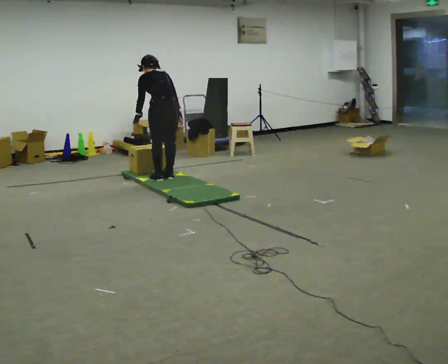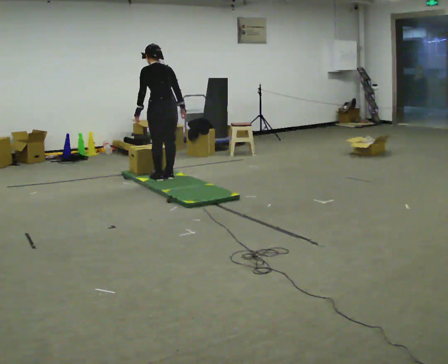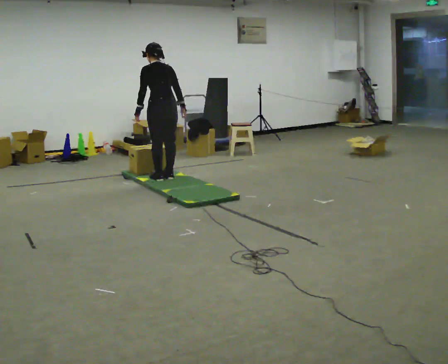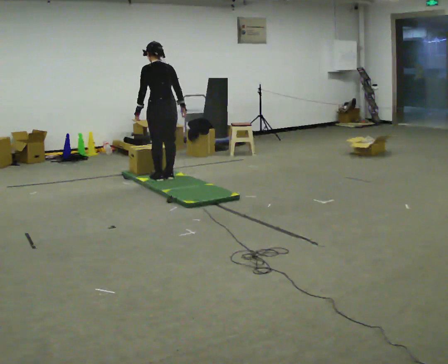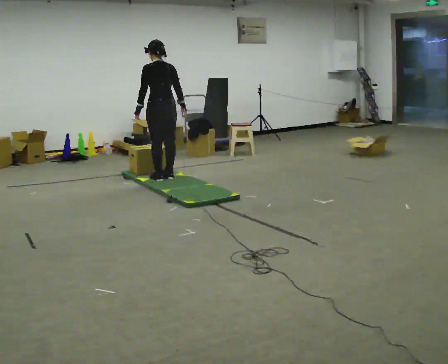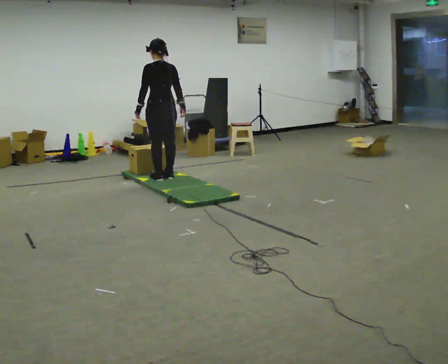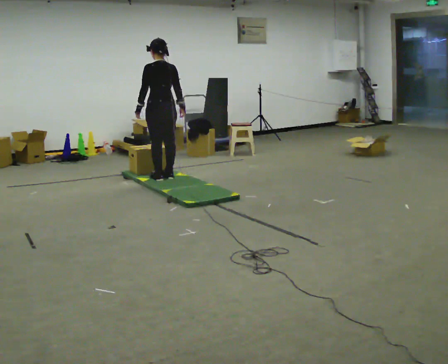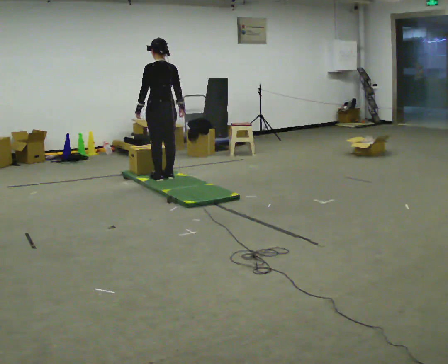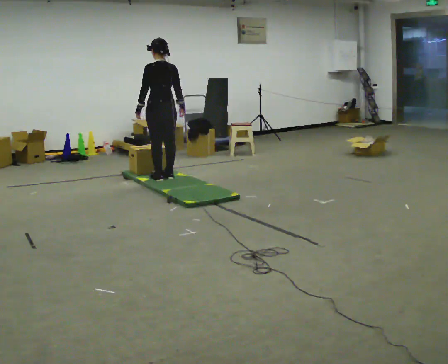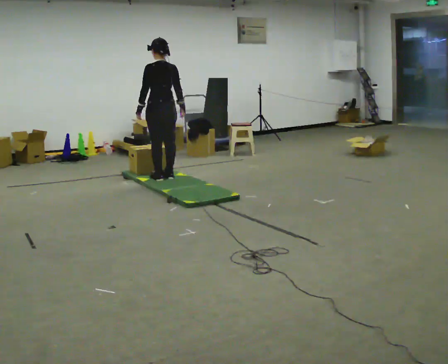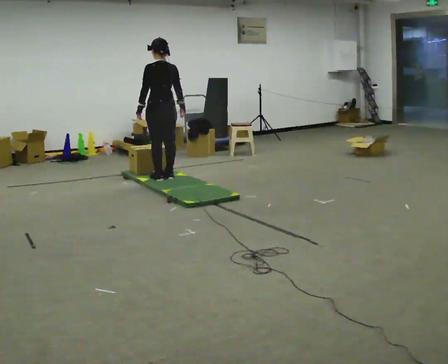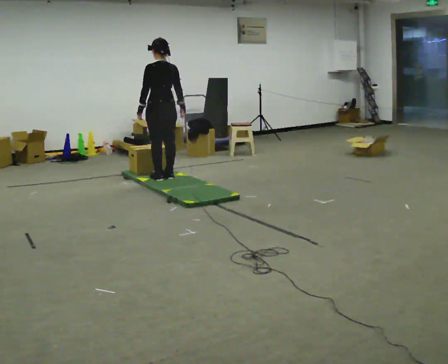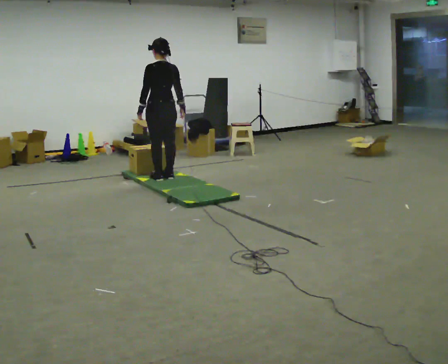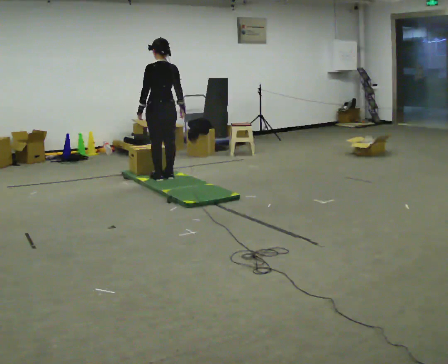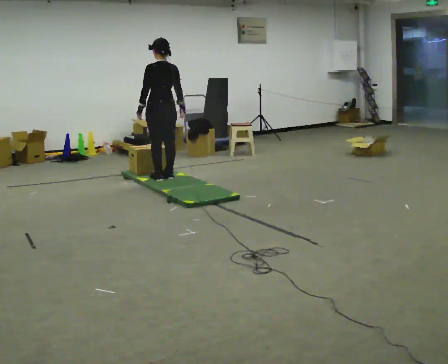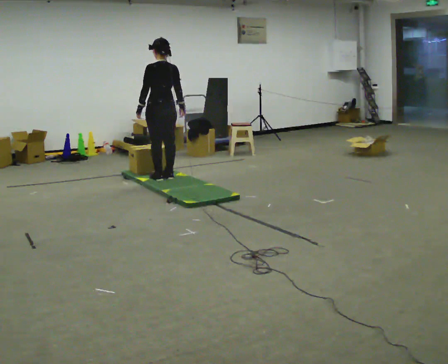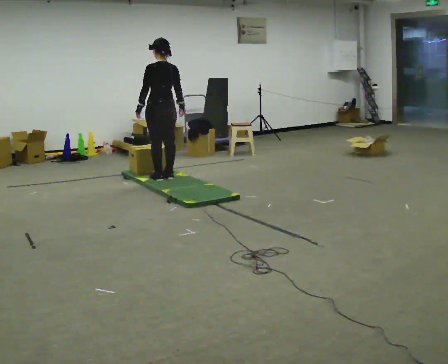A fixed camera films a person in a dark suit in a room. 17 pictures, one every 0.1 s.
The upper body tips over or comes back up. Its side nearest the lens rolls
downward.
0.0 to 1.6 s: The shoulders move upward. The upper body tips toward the camera, its near side rolling downward, as they lean back or straighten.
The film runs backward here.
